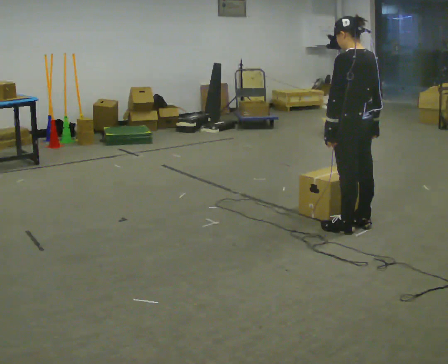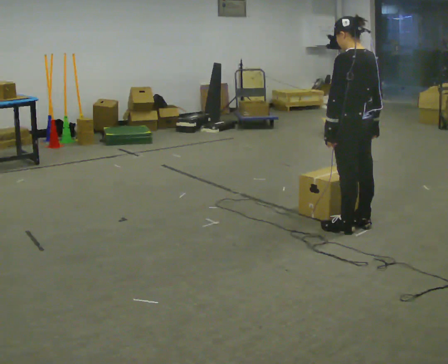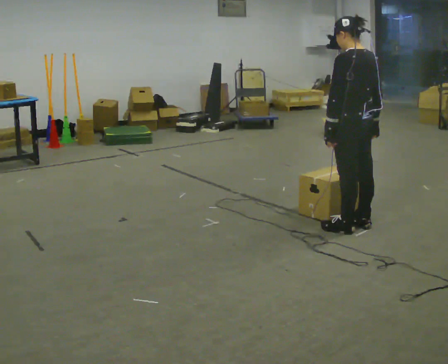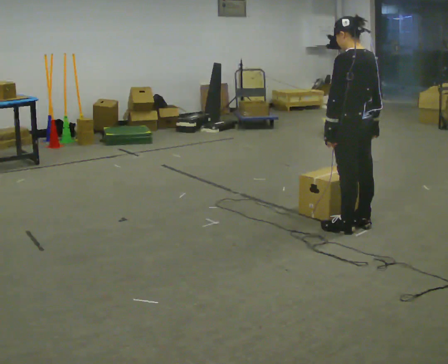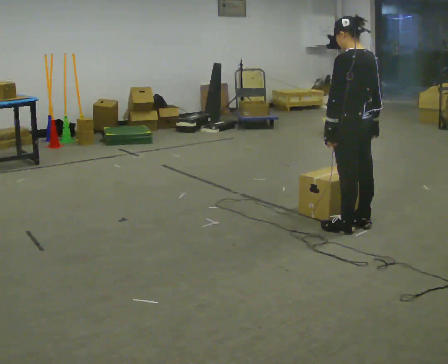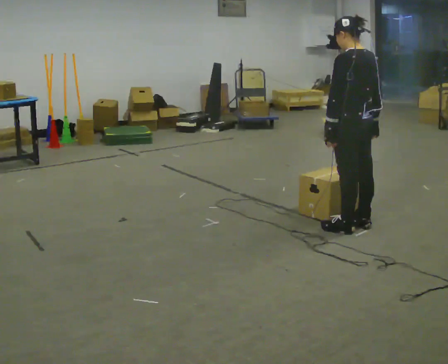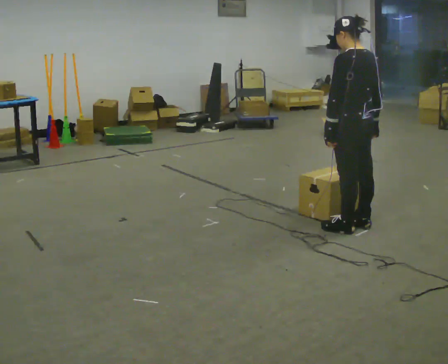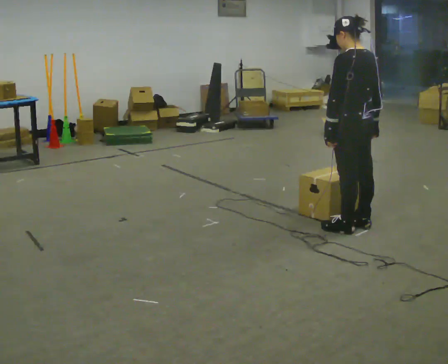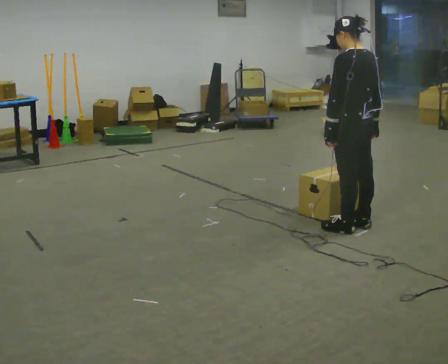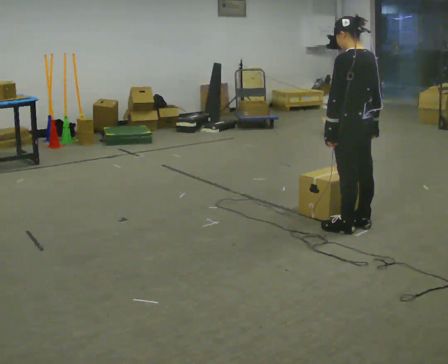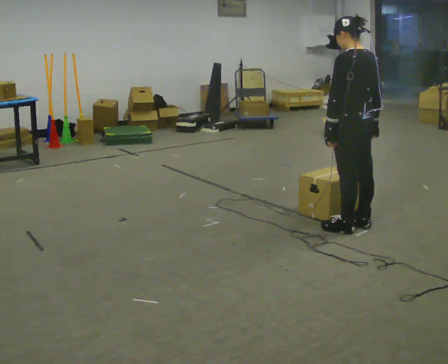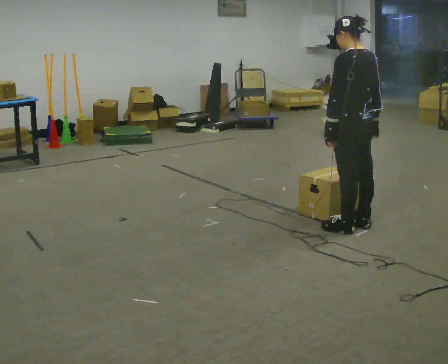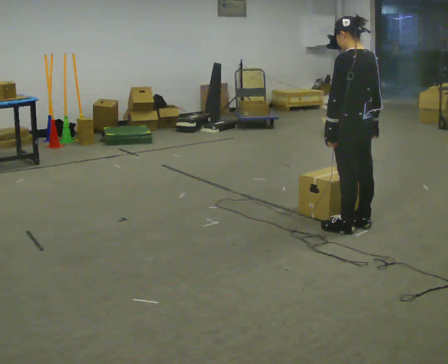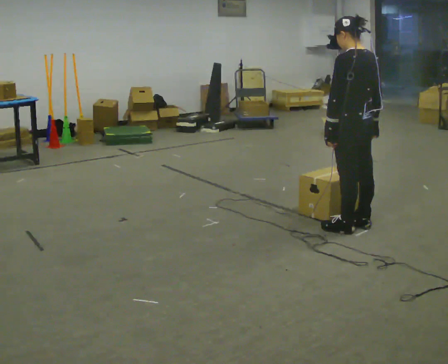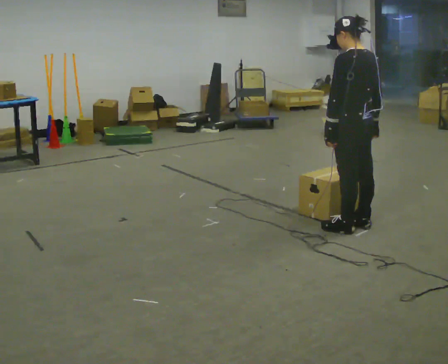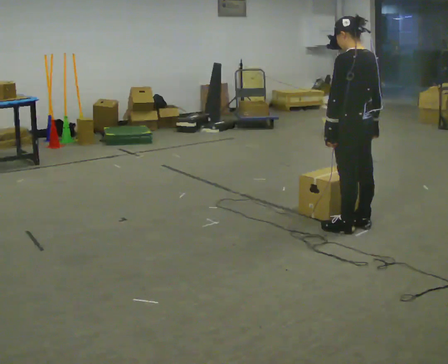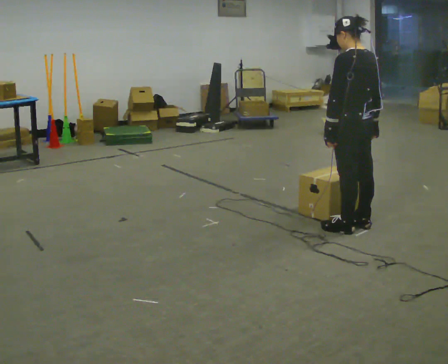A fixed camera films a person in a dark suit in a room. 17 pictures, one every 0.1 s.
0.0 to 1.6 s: The person keeps their place and pose.
The film runs backward here.
